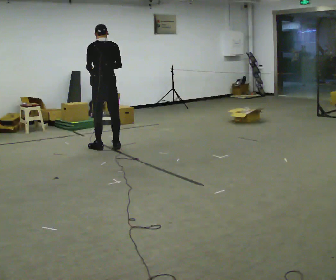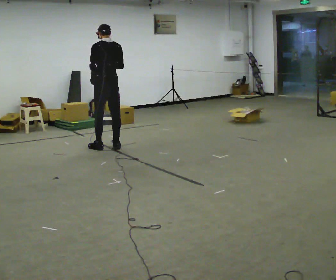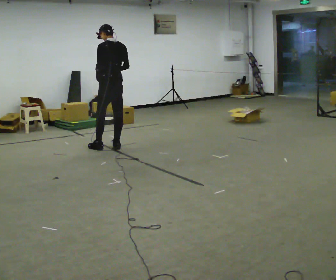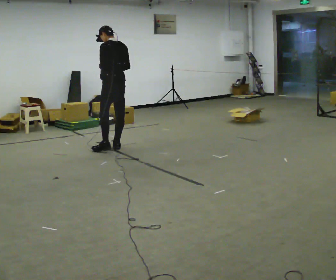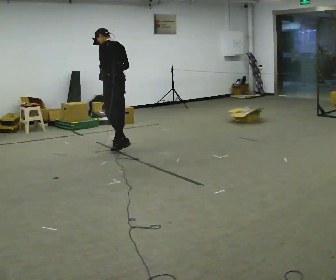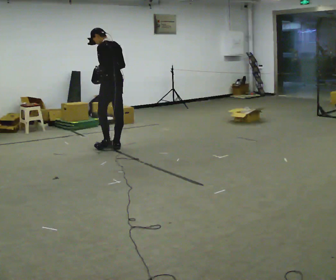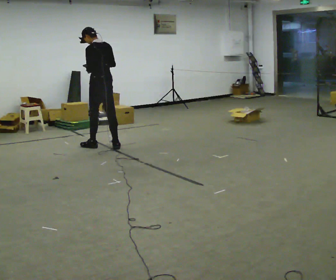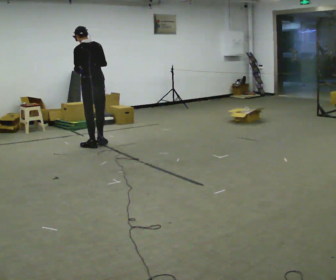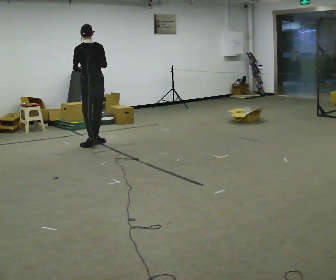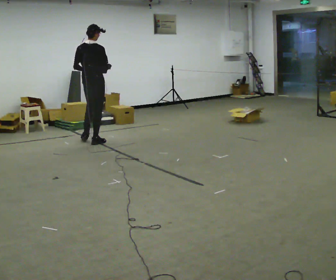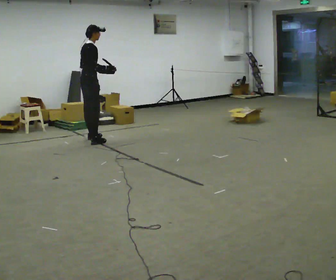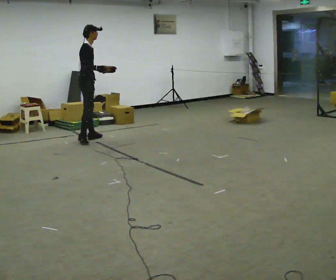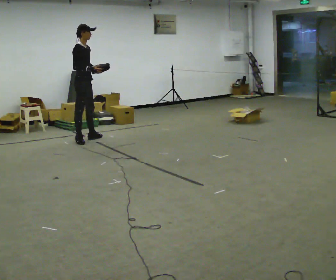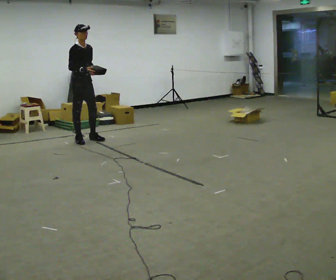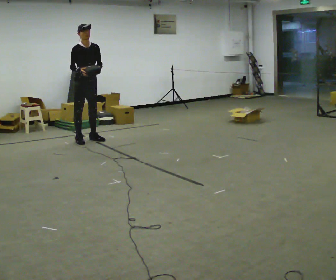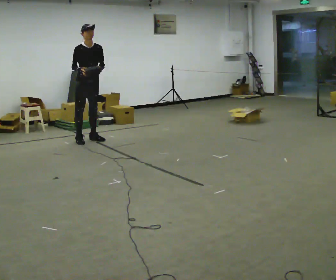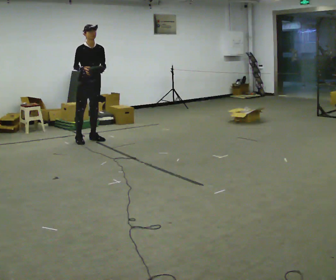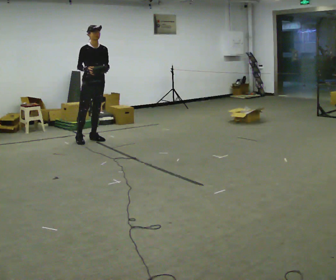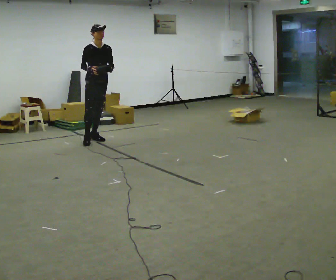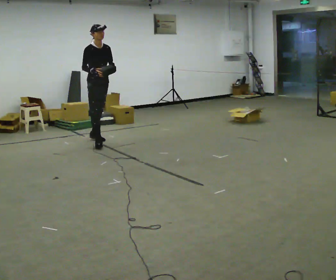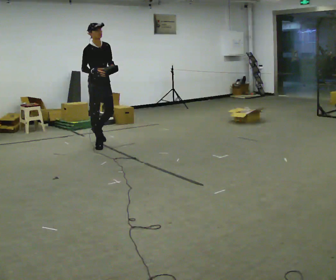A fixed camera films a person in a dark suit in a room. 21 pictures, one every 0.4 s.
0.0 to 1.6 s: Seen from above the body turns counterclockwise, about 30 degrees: to their left, with its near side sliding to the right. In the picture they go to the right, about 0.25 m, which for them is to their right.
1.6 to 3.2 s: The part of the body nearest the lens slides to the left as the person turns to their right by about 30 degrees. In the picture they go away from the camera and to the left, about 0.5 m in 1 step, which for them is forward.
3.2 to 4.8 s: The part of the body nearest the lens slides to the left as the person turns to their right by about 120 degrees. In the picture they go away from the camera and to the left, about 0.5 m in 2 steps.
4.8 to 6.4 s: The person turns about 45 degrees to their right, clockwise seen from above, so the part of the body nearest the lens slides to the left. In the picture they go to the right, about 0.25 m, which for them is to their left.
6.4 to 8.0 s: In the picture they go toward the camera, about 0.25 m in 1 step, which for them is forward.
The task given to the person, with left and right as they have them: Carry the open container and, while walking, reach in with one hand and take an item out, then put it back. Repeat as you walk. Do not stop.
The film runs forward here.
